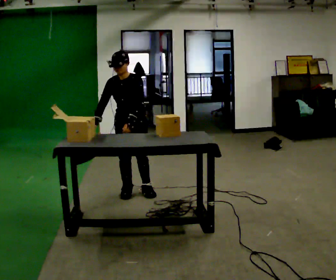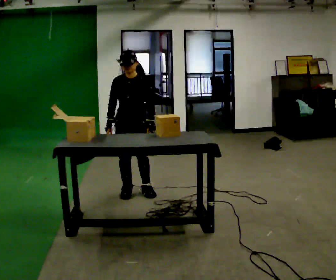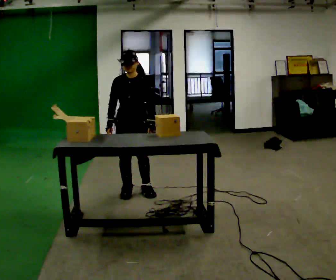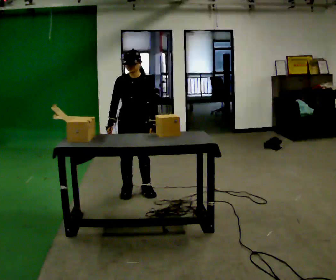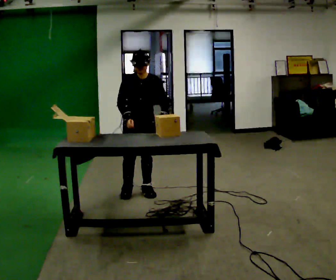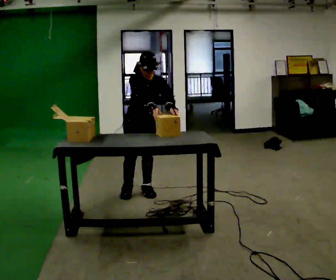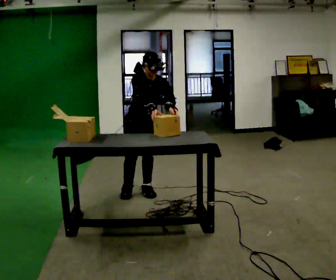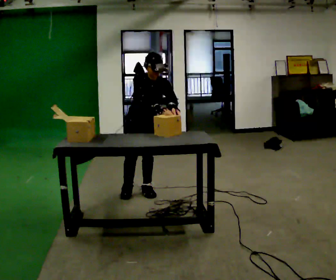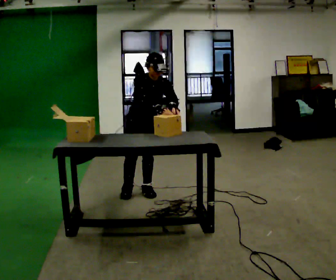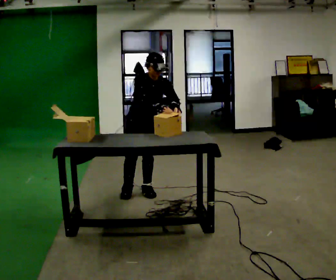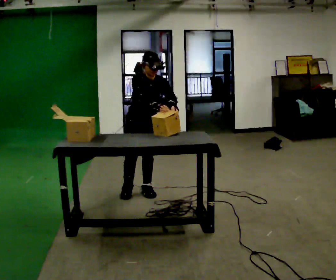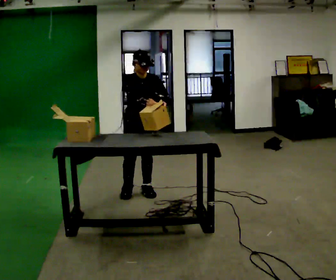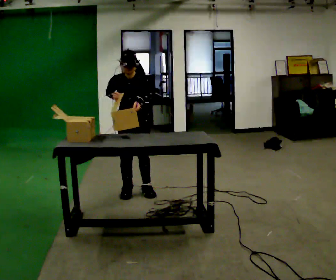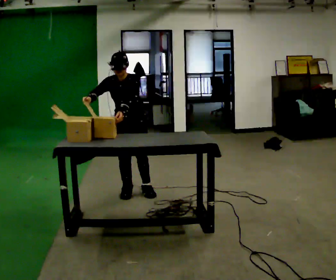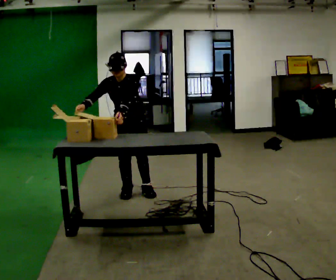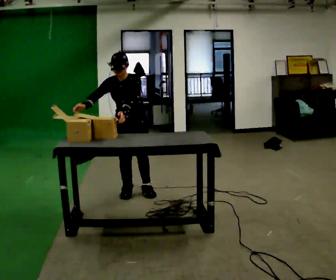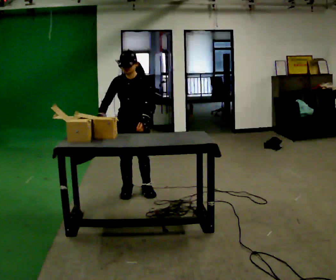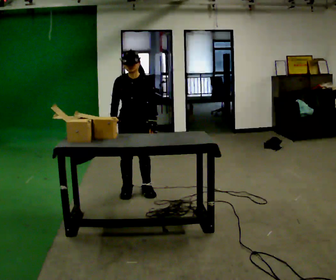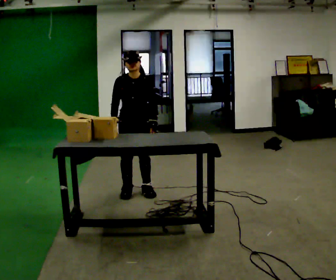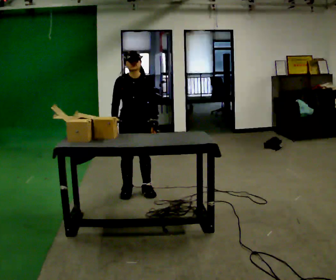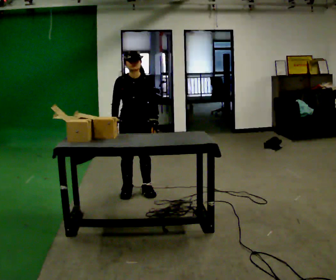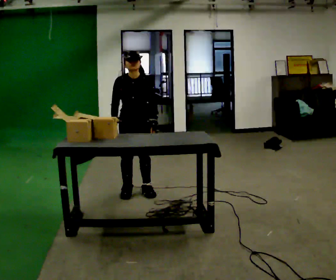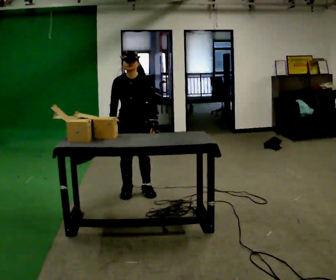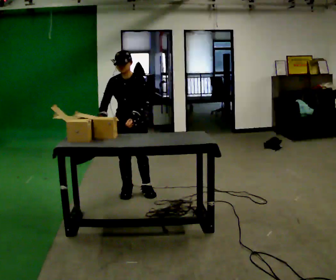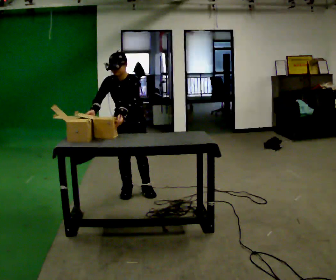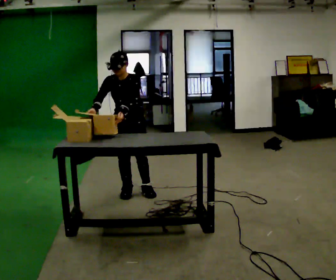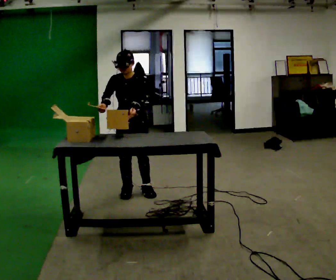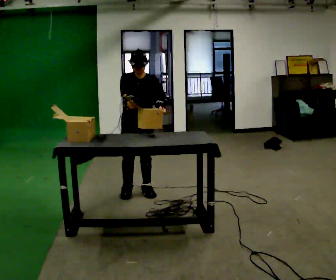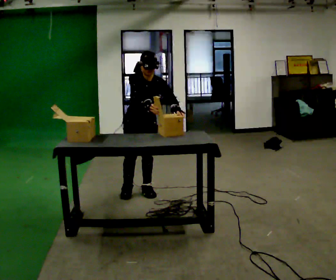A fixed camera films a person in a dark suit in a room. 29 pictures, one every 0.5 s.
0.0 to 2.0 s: In the picture their left hand goes to the right.
2.0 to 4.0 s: In the picture their right hand goes to the right.
4.0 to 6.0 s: In the picture the upper body tilts counterclockwise, shoulders to the left. In the picture their right hand goes to the left.
6.0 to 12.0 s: The person moves a little, or ends about where they began.
12.0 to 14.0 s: In the picture the upper body tilts clockwise, shoulders to the right. In the picture their right hand goes to the right.
The film runs backward here.
